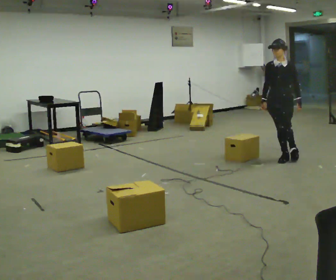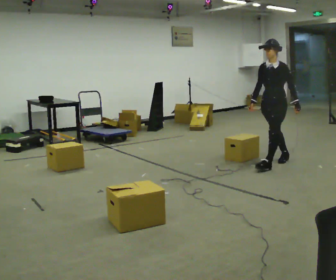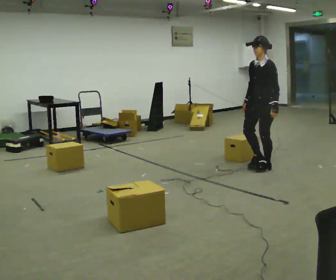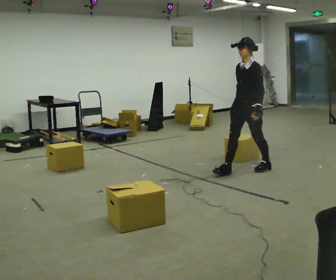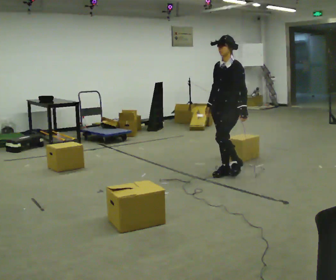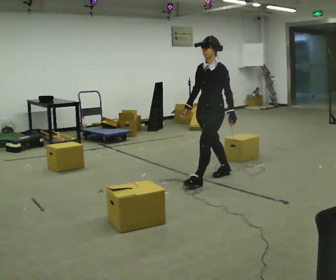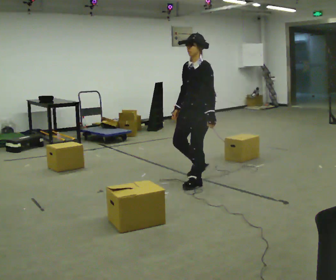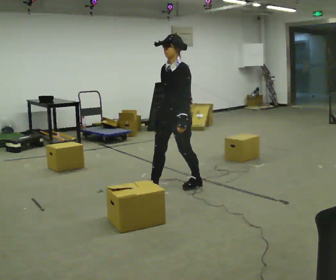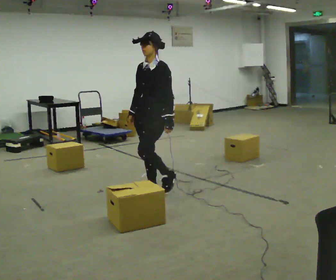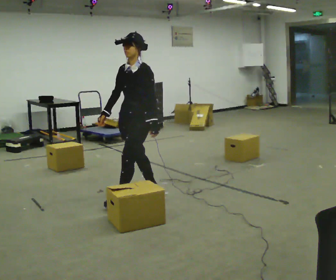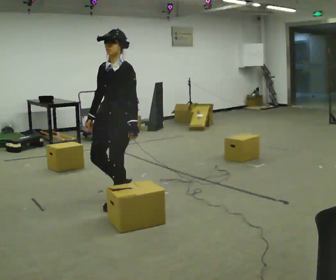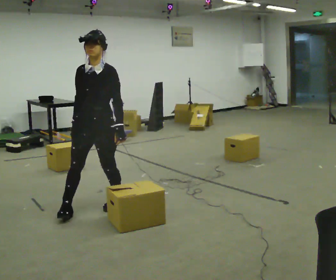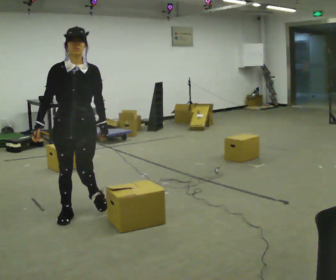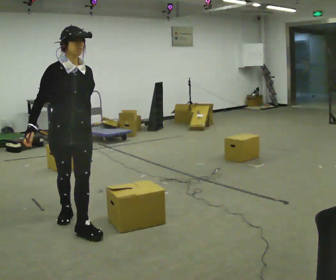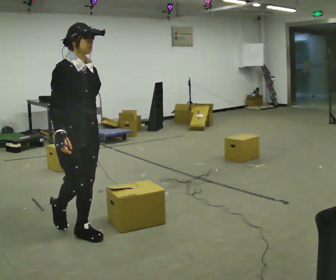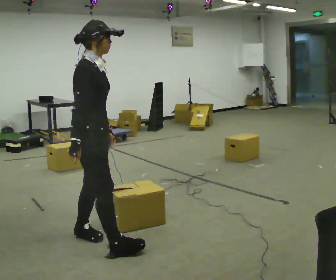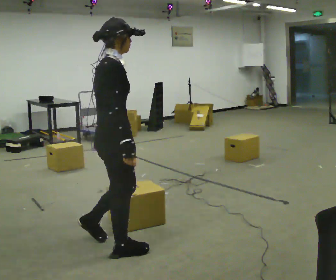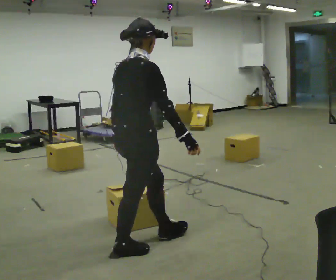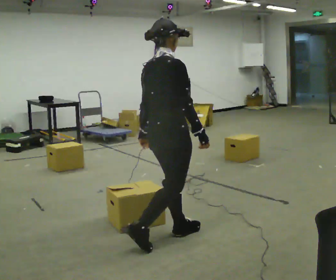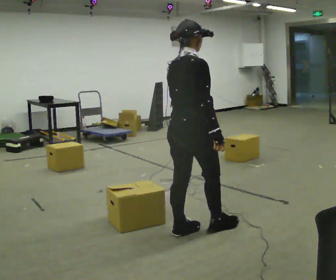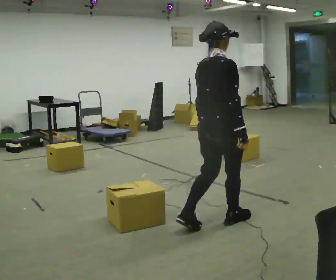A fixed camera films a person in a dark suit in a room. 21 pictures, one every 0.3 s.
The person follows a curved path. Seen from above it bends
counterclockwise.
0.0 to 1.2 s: In the picture they go to the left and toward the camera, about 1 m in 2 steps, which for them is forward.
1.2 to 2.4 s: In the picture they go to the left and toward the camera, about 1 m in 2 steps, which for them is forward.
2.4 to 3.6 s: The person turns about 60 degrees to their left, counterclockwise seen from above, so the part of the body nearest the lens slides to the right. In the picture they go to the left and toward the camera, about 1 m in 2 steps, which for them is forward.
3.6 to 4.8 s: The part of the body nearest the lens slides to the right as the person turns to their left by about 90 degrees. In the picture they go toward the camera and to the right, about 0.75 m in 2 steps.
4.8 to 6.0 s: Seen from above the body turns counterclockwise, about 30 degrees: to their left, with its near side sliding to the right. In the picture they go to the right, about 1 m in 2 steps, which for them is forward.
The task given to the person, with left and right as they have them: Start at marker; visit targets in order; choose natural paths; avoid obstacles; stop at final target.
The film runs forward here.
